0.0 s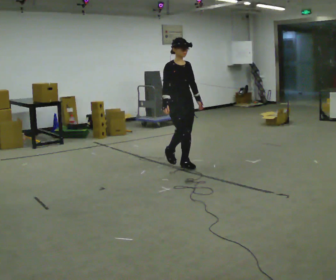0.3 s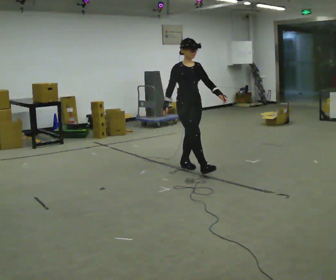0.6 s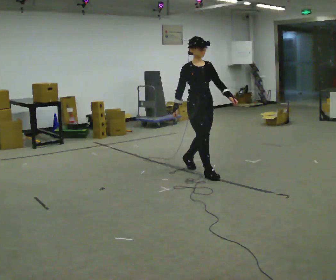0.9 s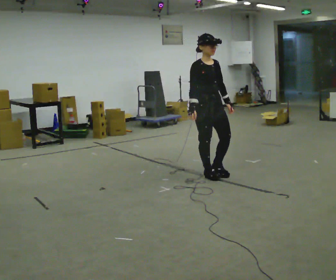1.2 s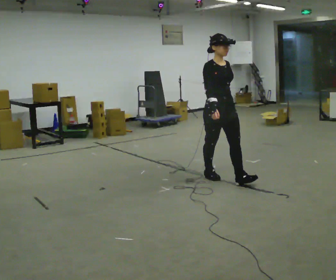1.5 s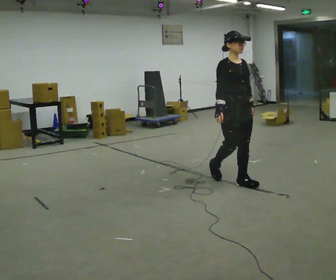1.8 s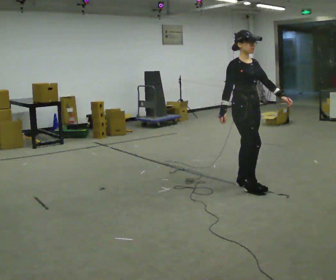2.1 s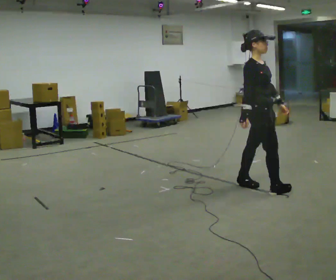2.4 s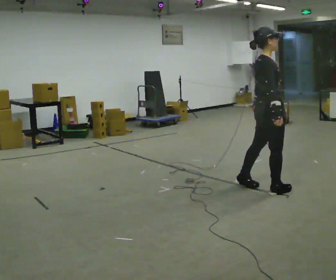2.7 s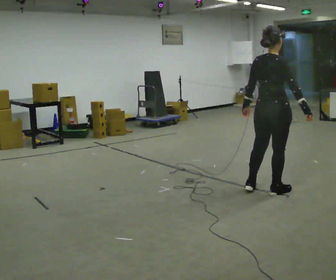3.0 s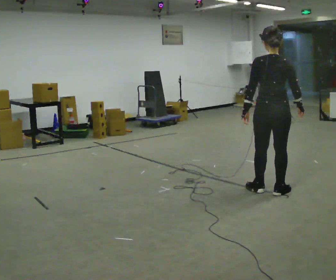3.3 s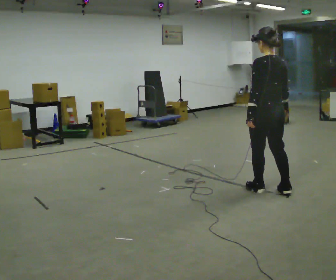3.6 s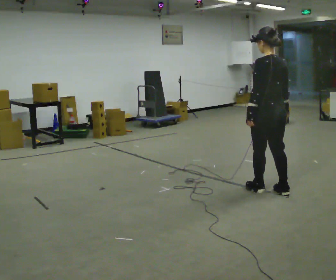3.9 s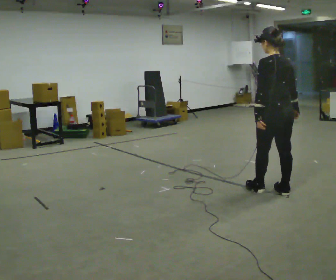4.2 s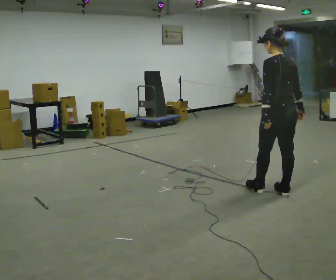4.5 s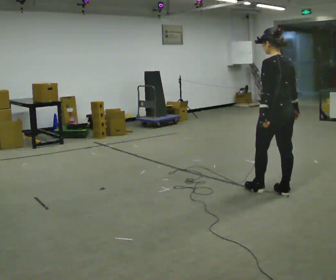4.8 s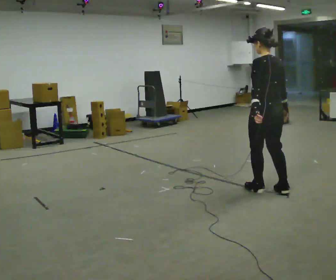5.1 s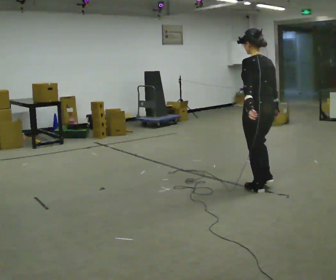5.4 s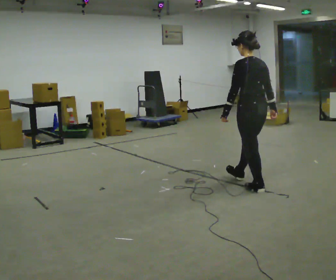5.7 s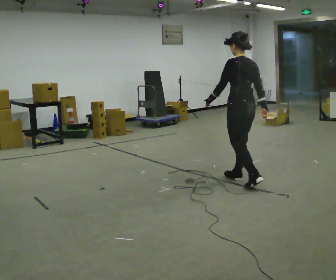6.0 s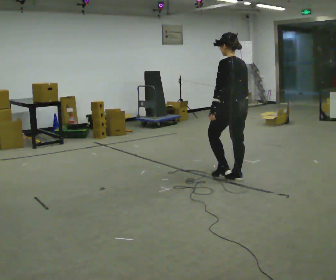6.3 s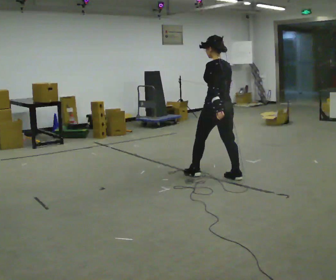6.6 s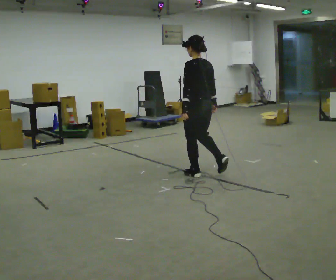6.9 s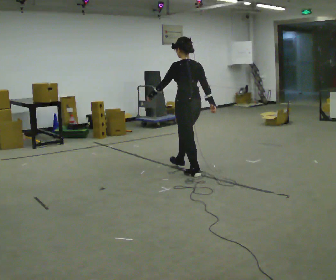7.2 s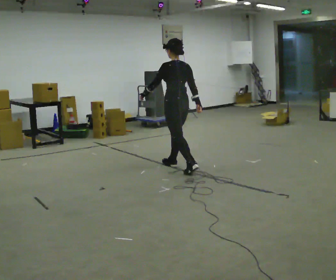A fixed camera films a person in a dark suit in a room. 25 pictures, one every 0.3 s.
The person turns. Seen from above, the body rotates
counterclockwise.
The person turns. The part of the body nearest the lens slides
to the right.
0.0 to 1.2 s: In the picture they go toward the camera and to the right, about 1 m in 2 steps, which for them is forward.
1.2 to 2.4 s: Seen from above the body turns counterclockwise, about 60 degrees: to their left, with its near side sliding to the right. In the picture they go to the right and toward the camera, about 0.5 m in 1 step.
2.4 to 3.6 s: The part of the body nearest the lens slides to the right as the person turns to their left by about 120 degrees.
3.6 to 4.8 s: The person moves a little, or ends about where they began.
4.8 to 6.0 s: In the picture they go away from the camera and to the left, about 0.5 m in 1 step, which for them is forward.
6.0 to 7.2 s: In the picture they go to the left and away from the camera, about 1 m in 2 steps, which for them is forward.
The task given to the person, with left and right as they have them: Walk forward noticeably slower than normal; do not shuffle; stop.
The film runs forward here.
